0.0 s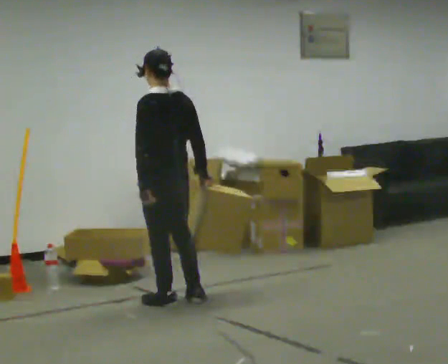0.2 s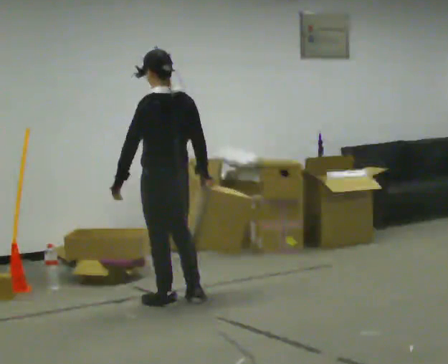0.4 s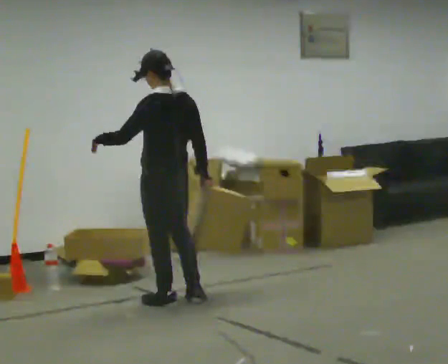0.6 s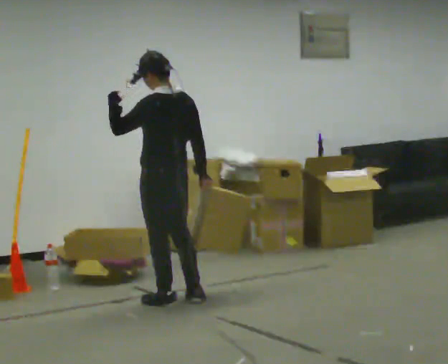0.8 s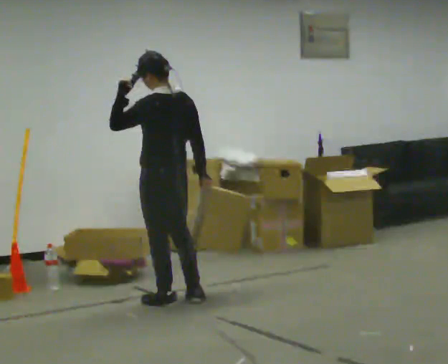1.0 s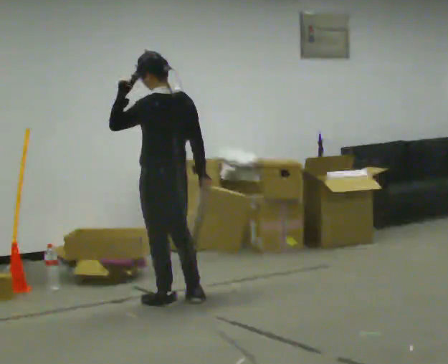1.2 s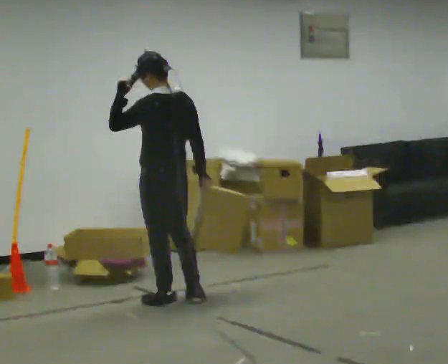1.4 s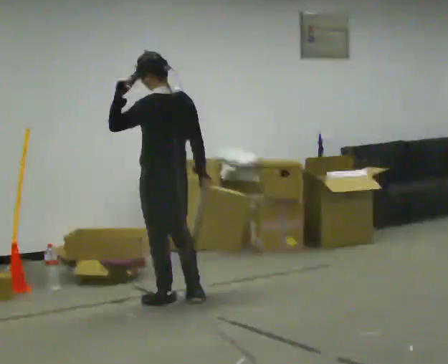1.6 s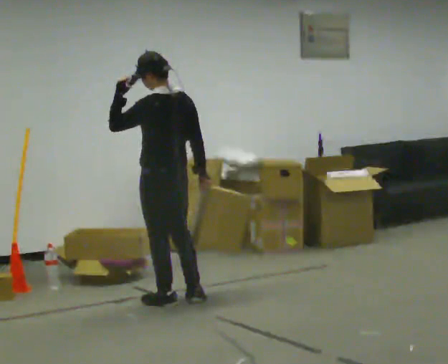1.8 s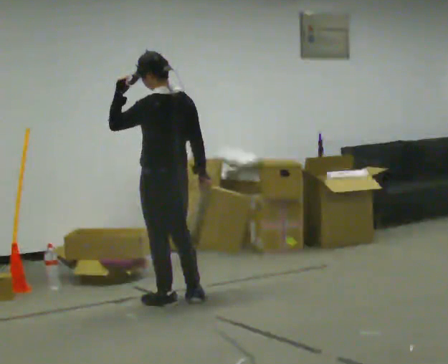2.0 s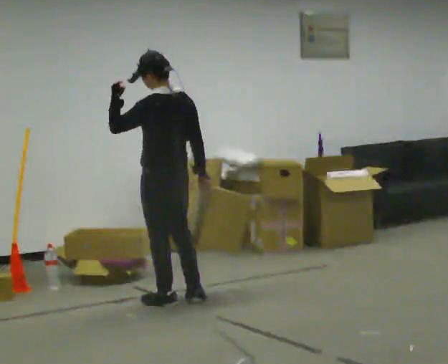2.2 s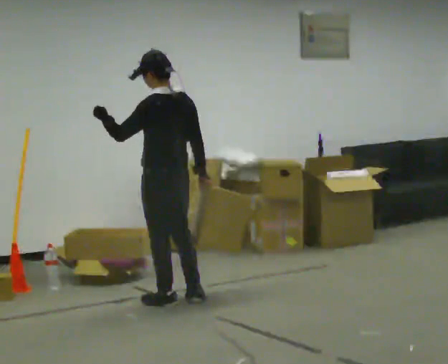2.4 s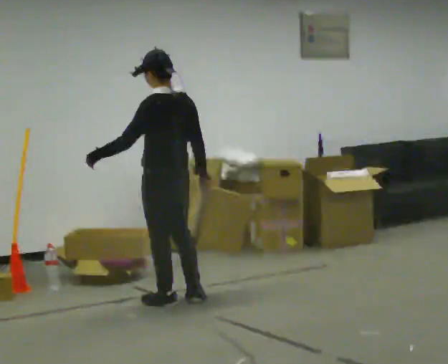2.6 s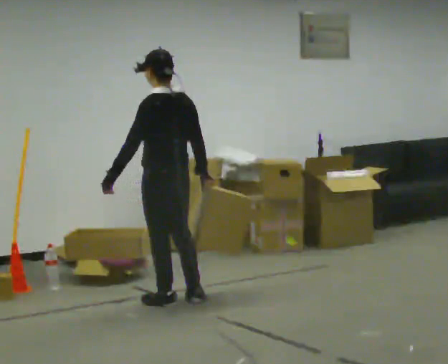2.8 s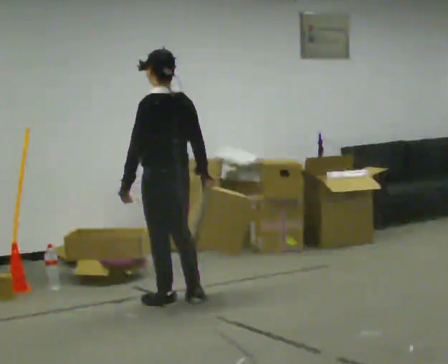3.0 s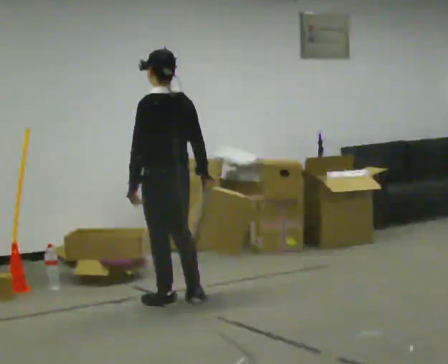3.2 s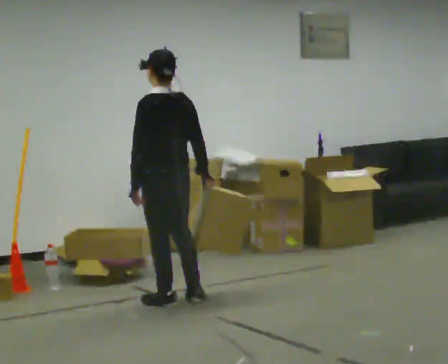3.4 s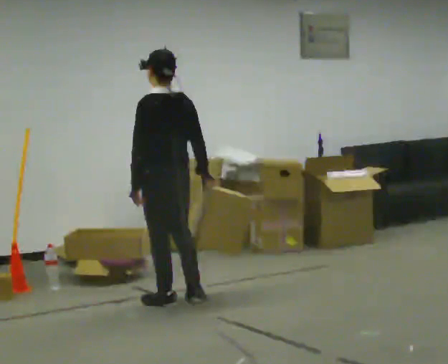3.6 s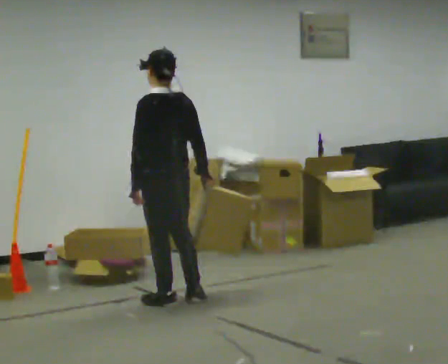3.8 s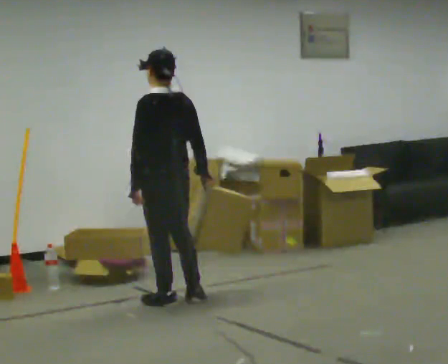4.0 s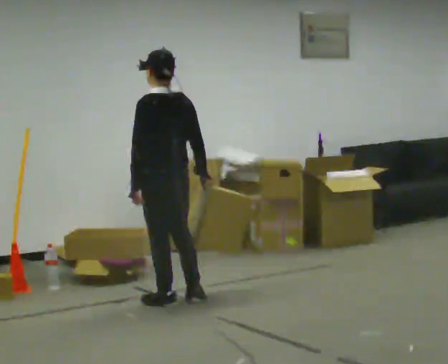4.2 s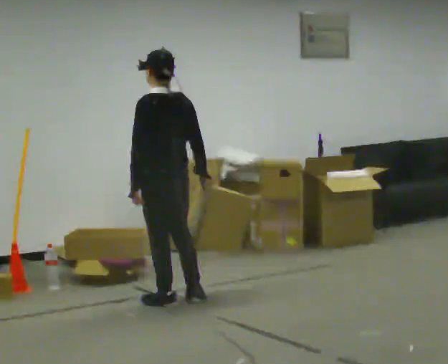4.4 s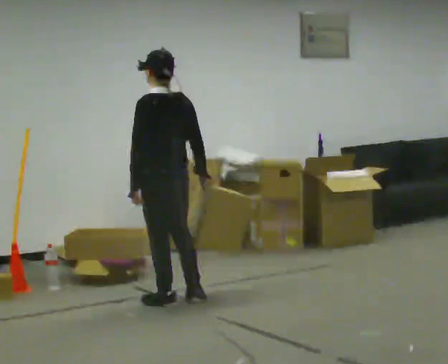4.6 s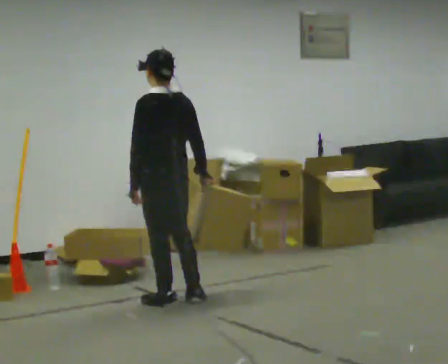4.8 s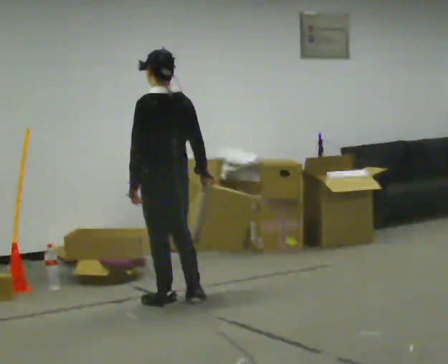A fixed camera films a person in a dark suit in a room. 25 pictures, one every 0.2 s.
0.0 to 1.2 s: In the picture their left hand goes upward.
1.2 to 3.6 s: In the picture their left hand goes downward.
3.6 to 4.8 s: The person keeps their place and pose.
The film runs backward here.
